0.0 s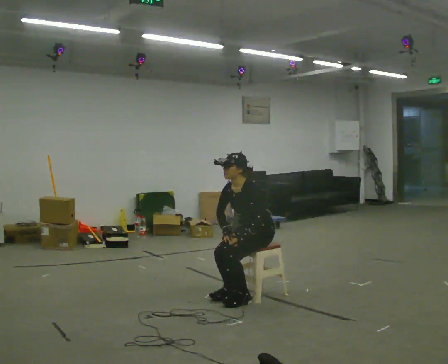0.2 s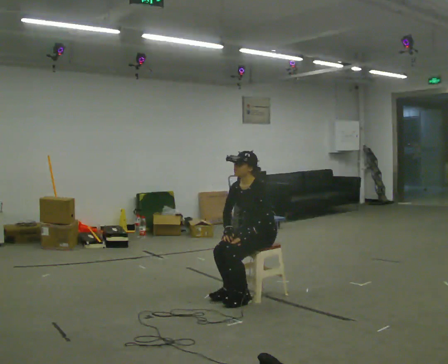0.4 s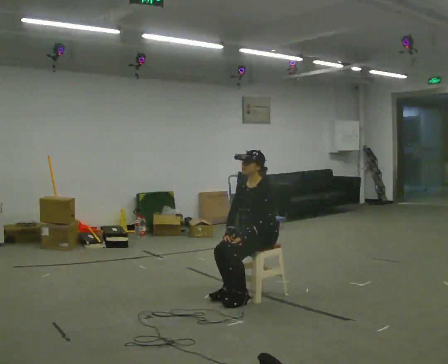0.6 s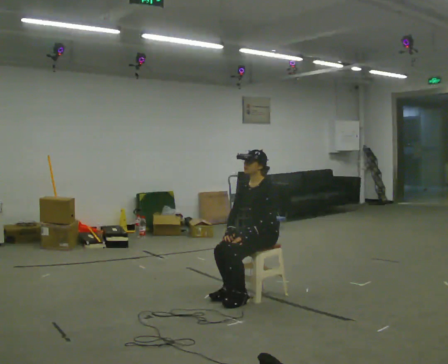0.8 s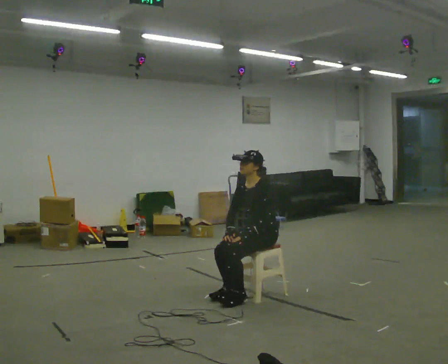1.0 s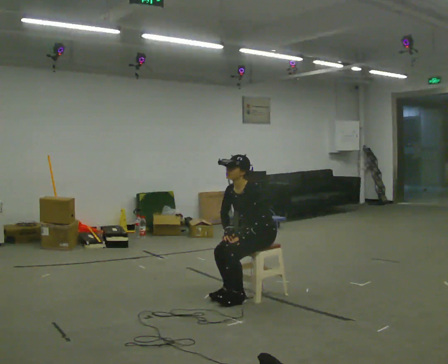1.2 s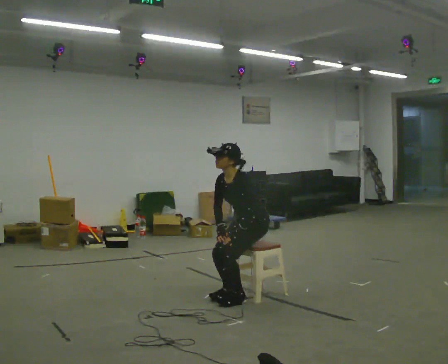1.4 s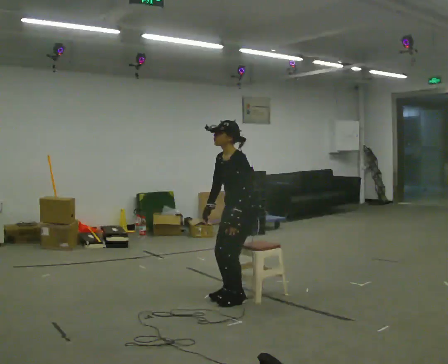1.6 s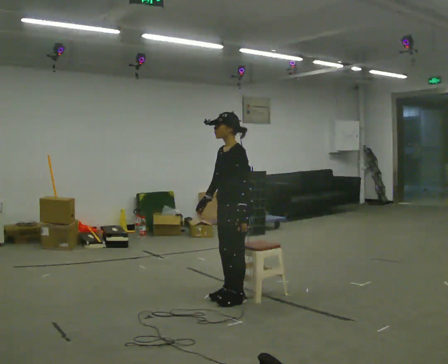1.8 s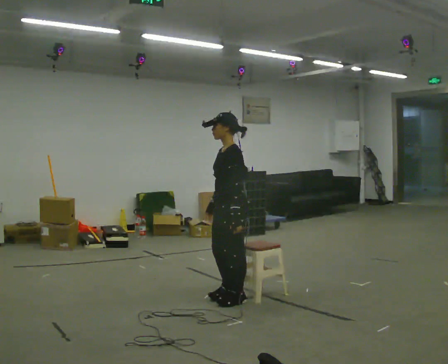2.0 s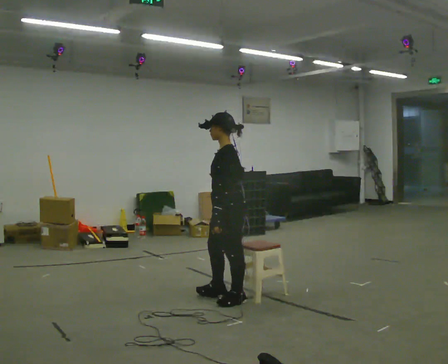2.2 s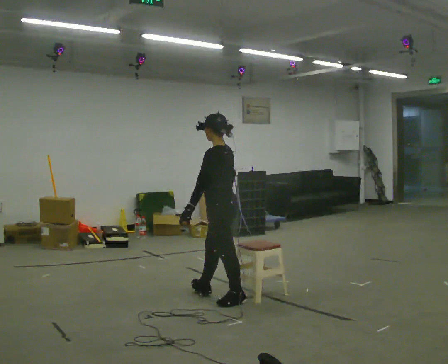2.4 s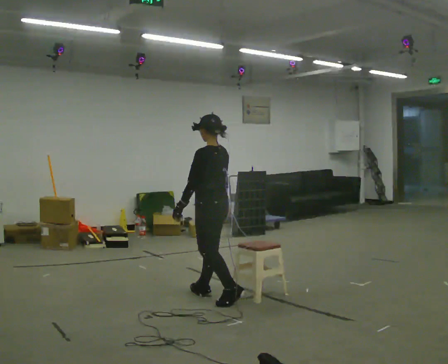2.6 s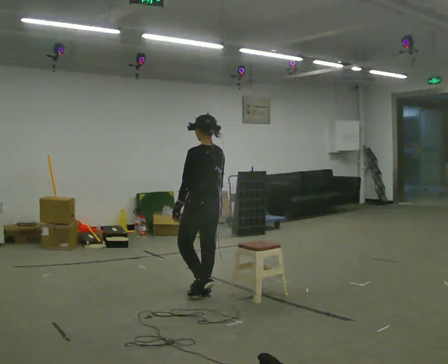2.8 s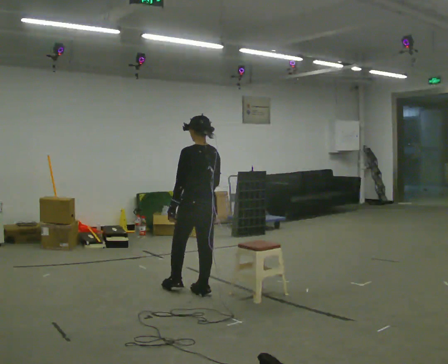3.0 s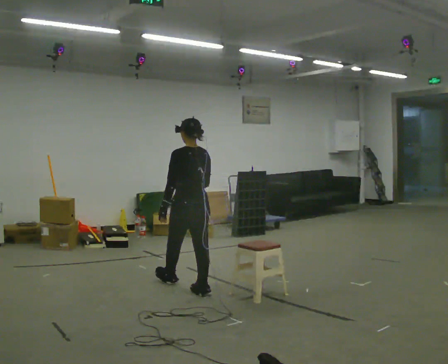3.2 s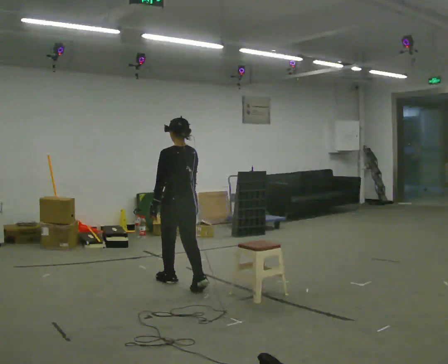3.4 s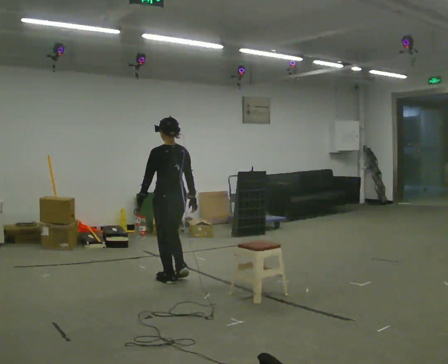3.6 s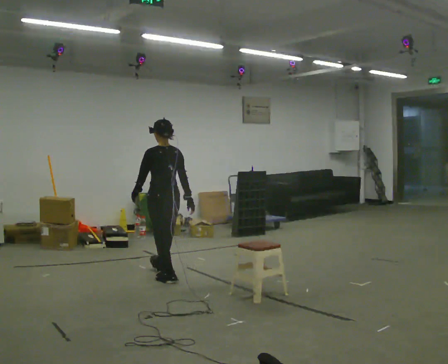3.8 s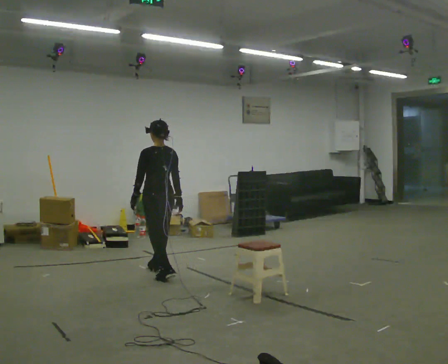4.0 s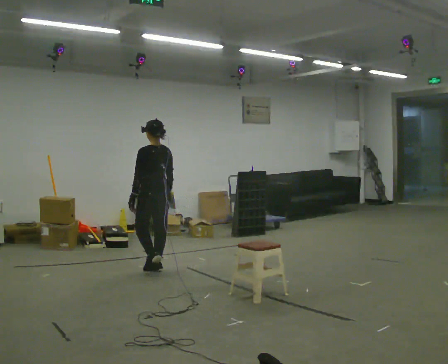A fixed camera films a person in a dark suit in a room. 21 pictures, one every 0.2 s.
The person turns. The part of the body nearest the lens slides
to the left.
The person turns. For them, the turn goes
to their right.
0.0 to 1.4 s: The shoulders move upward.
1.4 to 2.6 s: The person turns about 75 degrees to their right, clockwise seen from above, so the part of the body nearest the lens slides to the left. In the picture they go to the left, about 0.25 m in 1 step. In the picture the upper body tilts clockwise, shoulders to the right, as they lean back or straighten.
2.6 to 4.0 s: In the picture they go away from the camera and to the left, about 1 m in 2 steps, which for them is forward.
The film runs forward here.
